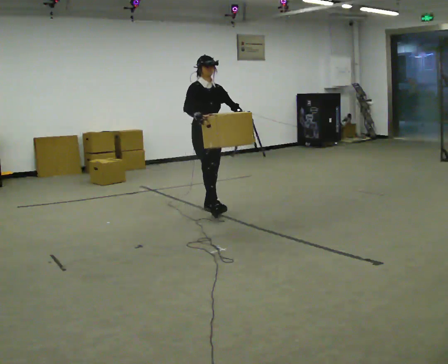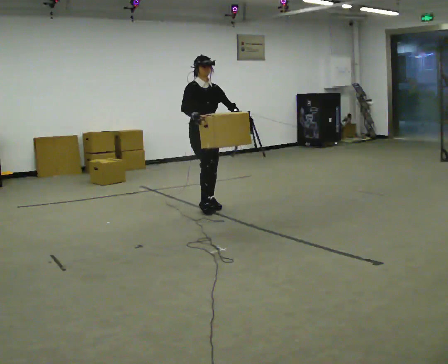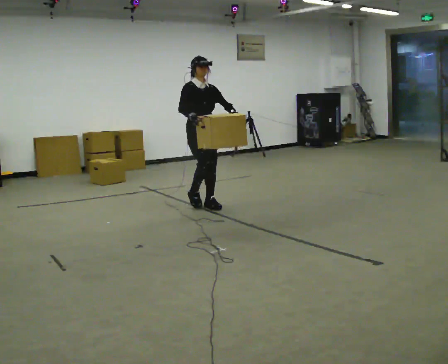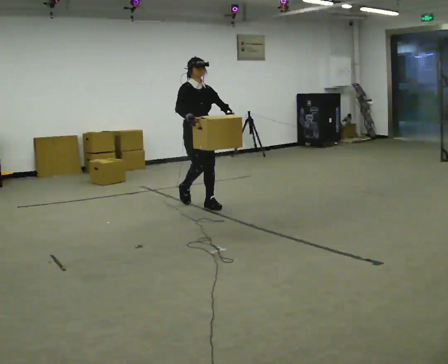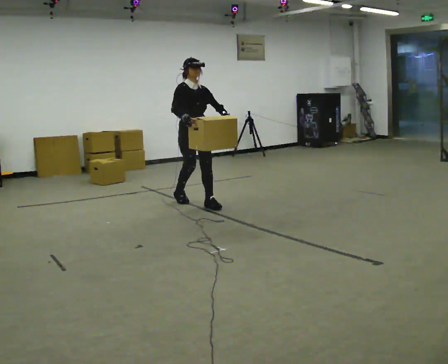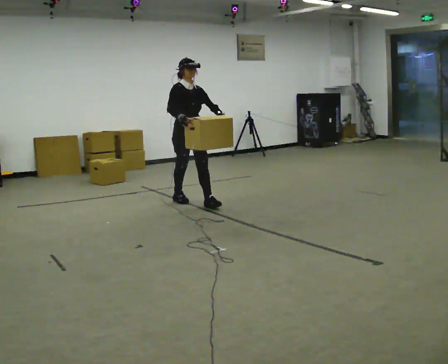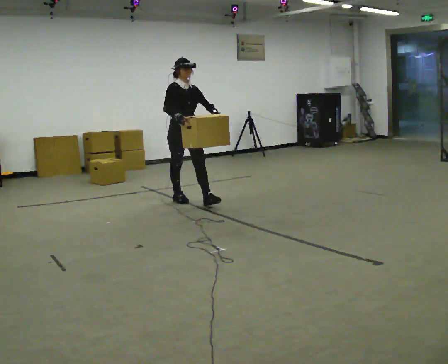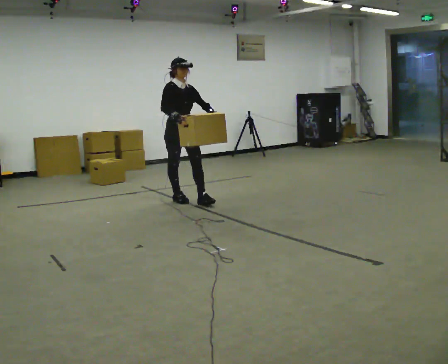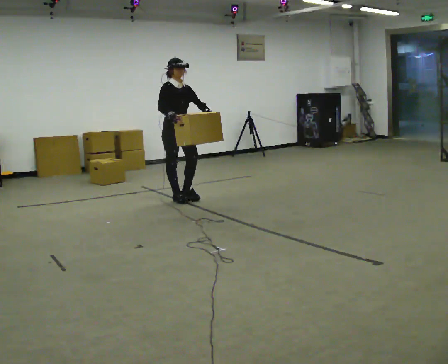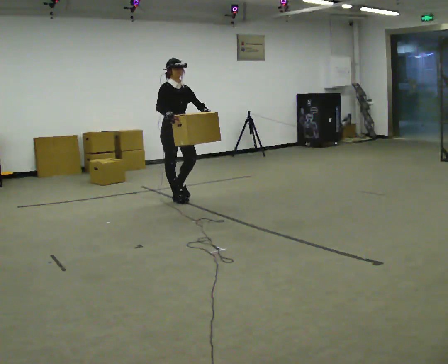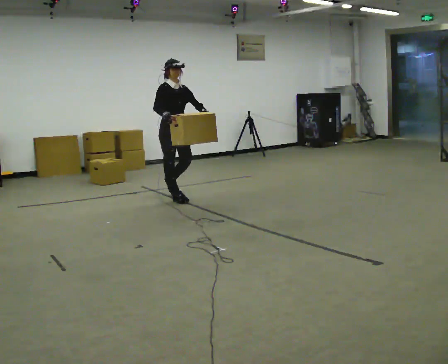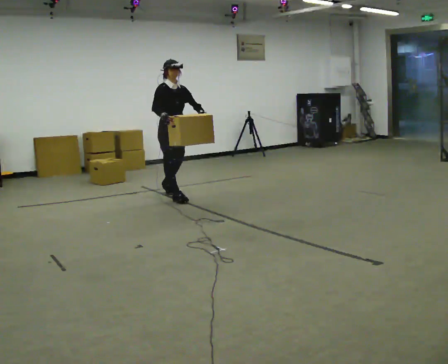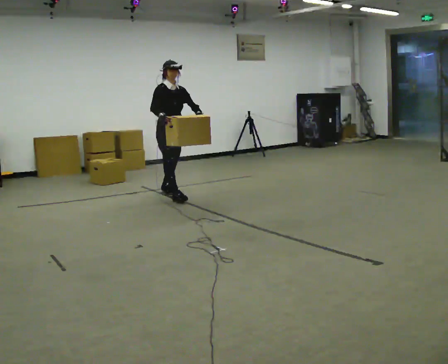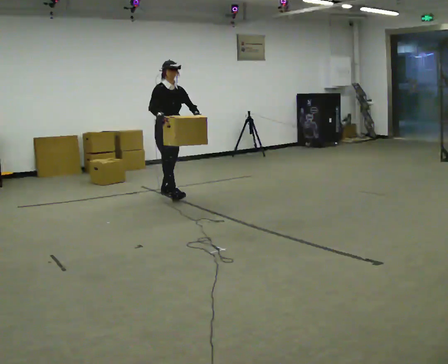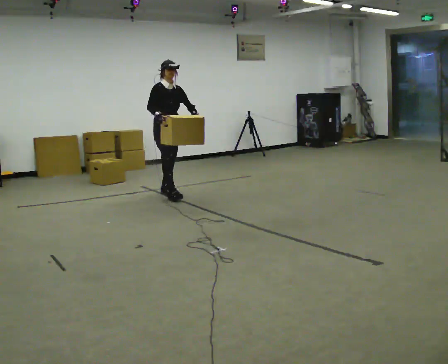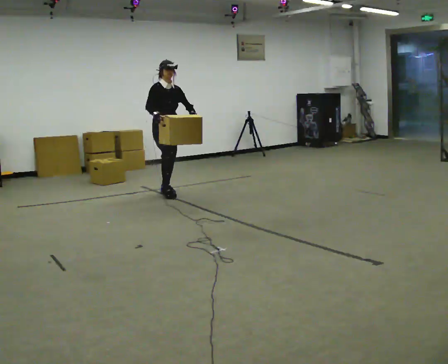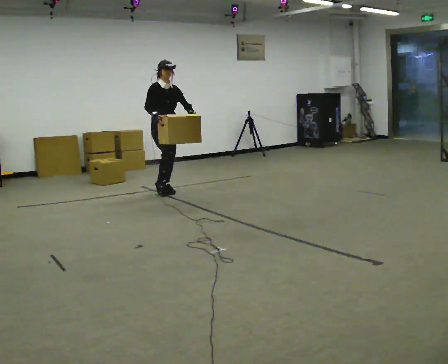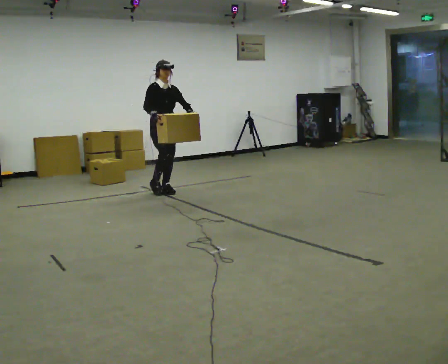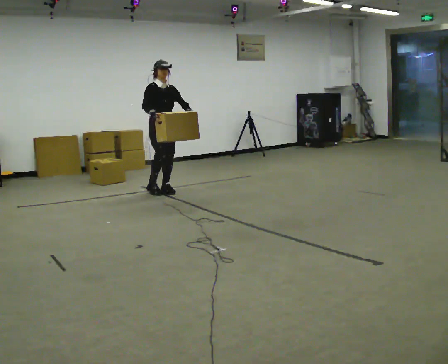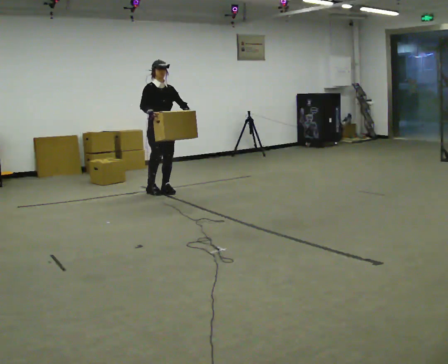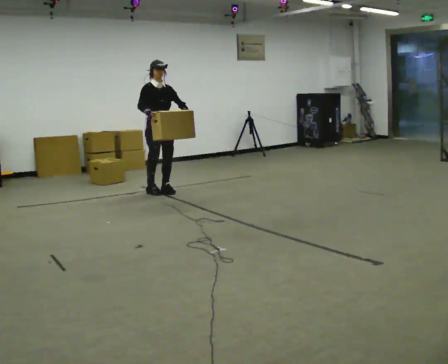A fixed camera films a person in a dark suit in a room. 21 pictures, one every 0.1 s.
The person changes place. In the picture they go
away from the camera.
0.0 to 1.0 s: In the picture they go away from the camera and to the left, about 0.75 m in 1 step, which for them is backward.
1.0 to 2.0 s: In the picture they go away from the camera and to the left, about 0.5 m in 1 step, which for them is backward.
The film runs backward here.
